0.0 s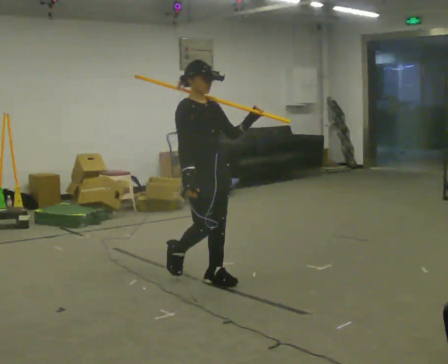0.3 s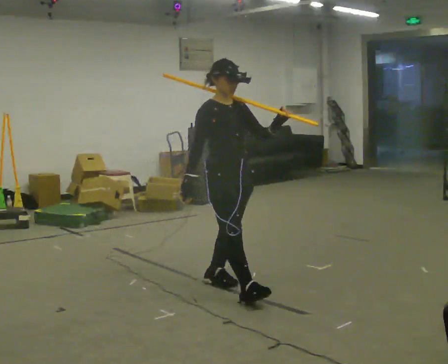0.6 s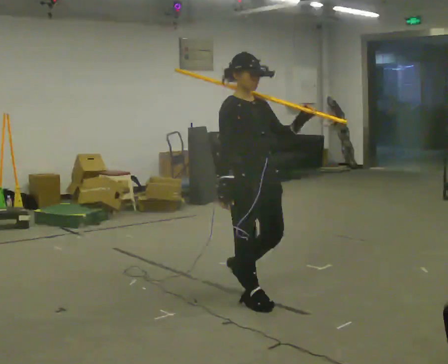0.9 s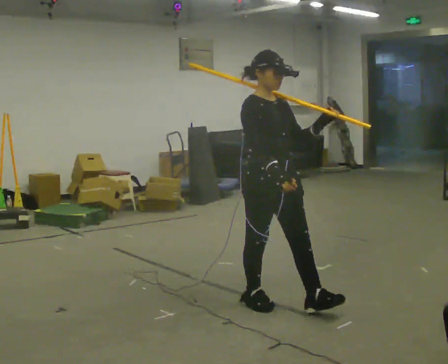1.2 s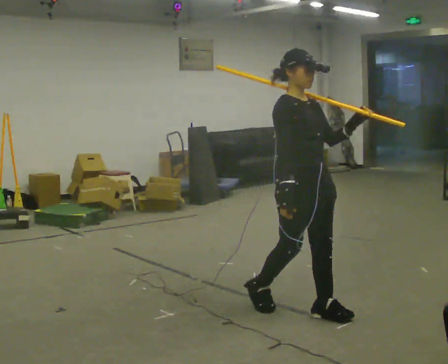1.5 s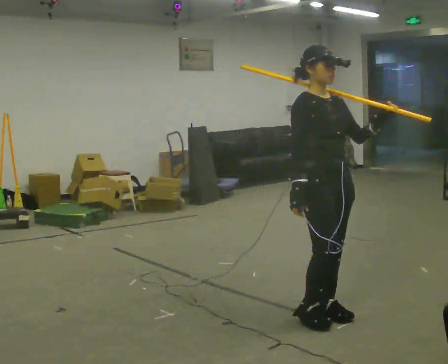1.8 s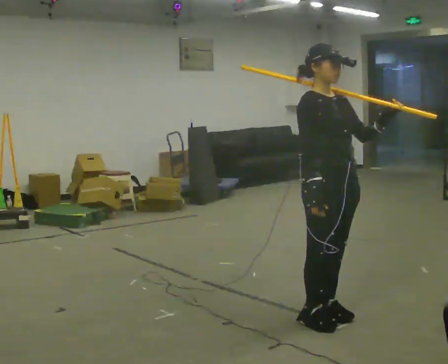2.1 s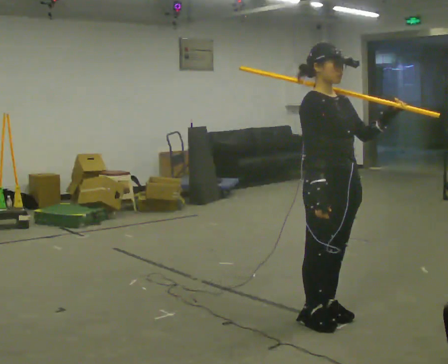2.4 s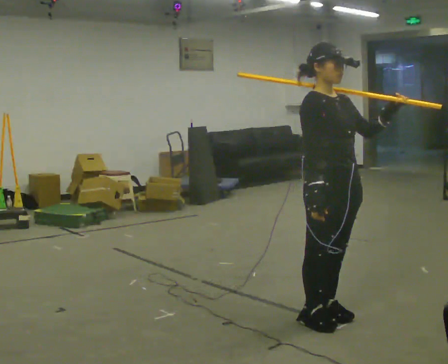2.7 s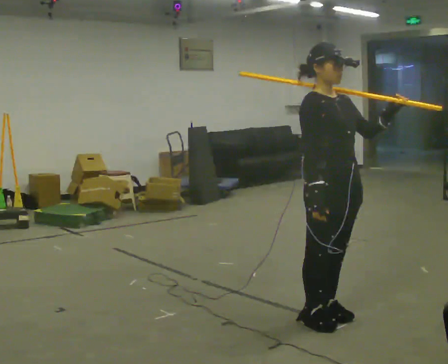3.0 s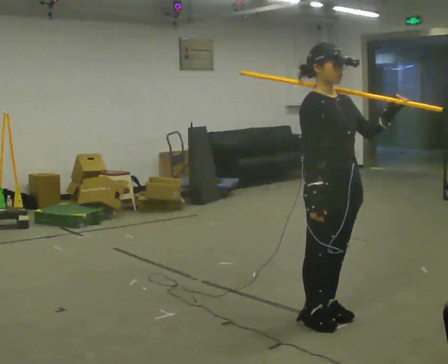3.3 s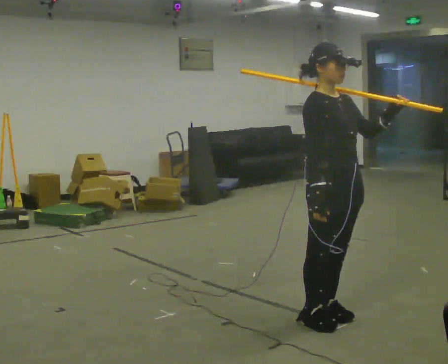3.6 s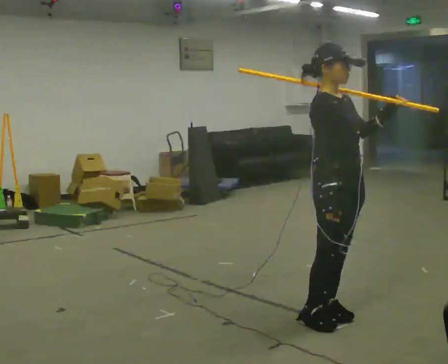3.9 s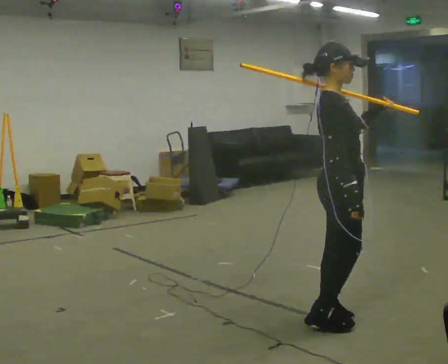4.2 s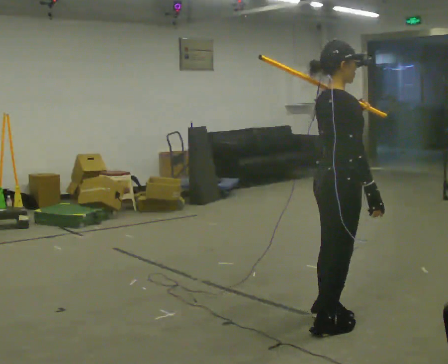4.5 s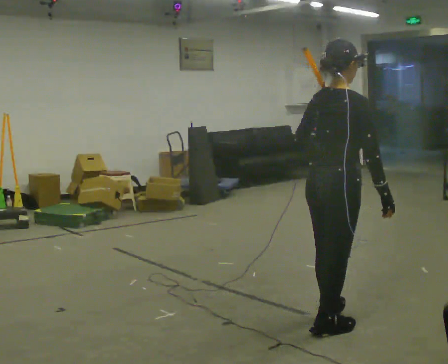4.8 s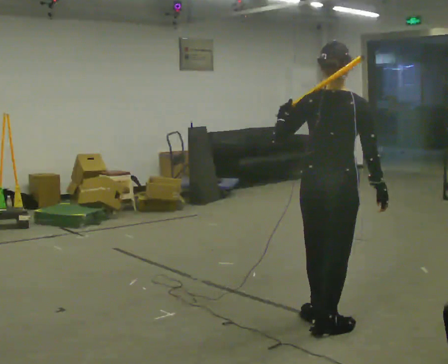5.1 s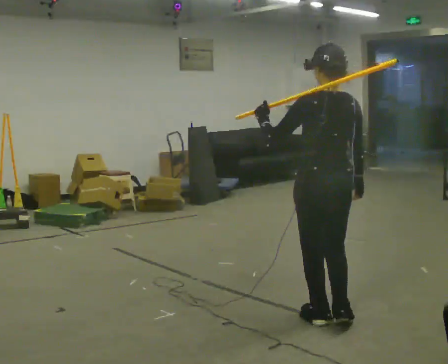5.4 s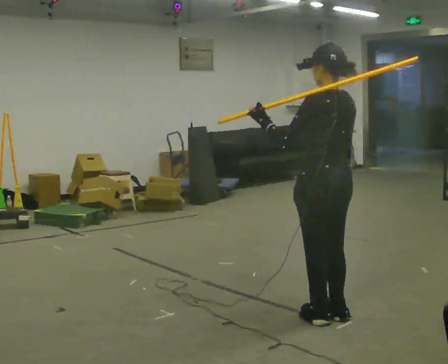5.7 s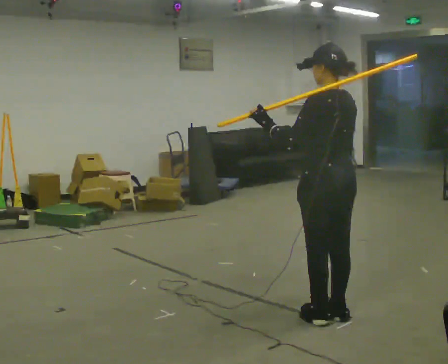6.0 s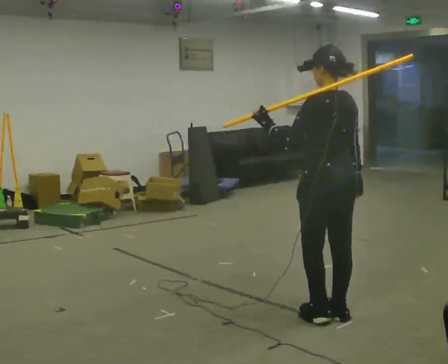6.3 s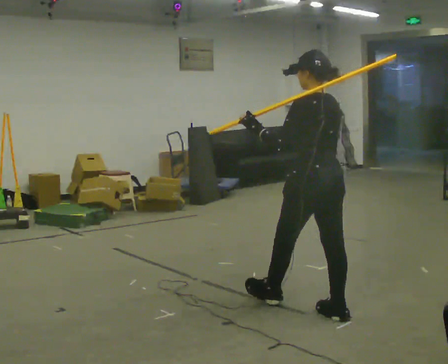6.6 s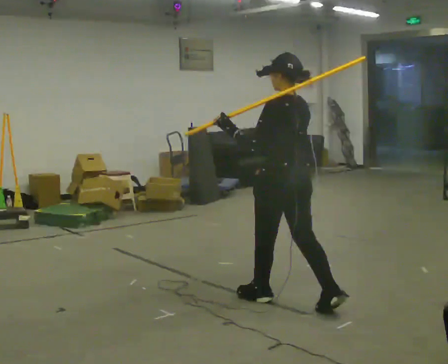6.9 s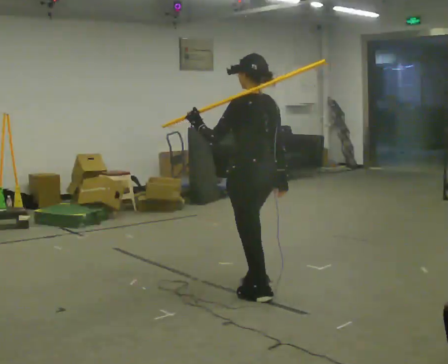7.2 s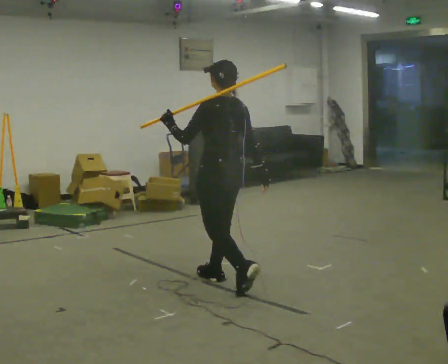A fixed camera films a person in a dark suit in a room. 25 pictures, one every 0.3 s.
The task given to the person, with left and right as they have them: Rest the long object on the shoulder the operator calls and carry it across the room, back and forth.
0.0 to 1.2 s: In the picture they go to the right and toward the camera, about 1 m in 2 steps, which for them is forward.
1.2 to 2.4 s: In the picture they go toward the camera and to the right, about 0.25 m in 1 step, which for them is forward.
2.4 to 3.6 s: The person moves a little, or ends about where they began.
3.6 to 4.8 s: Seen from above the body turns counterclockwise, about 105 degrees: to their left, with its near side sliding to the right. In the picture their left hand goes to the left.
4.8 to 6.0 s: The part of the body nearest the lens slides to the right as the person turns to their left by about 45 degrees. In the picture they go away from the camera, about 0.25 m in 1 step, which for them is to their right.
6.0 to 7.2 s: In the picture they go to the left and away from the camera, about 1 m in 2 steps, which for them is forward.
The film runs forward here.
